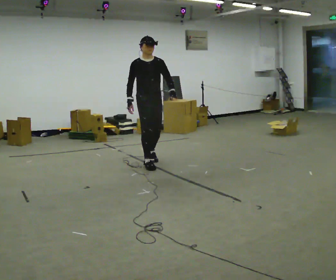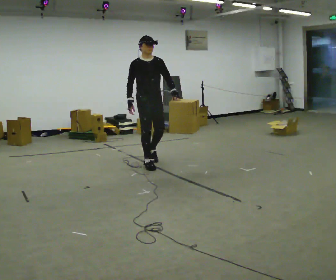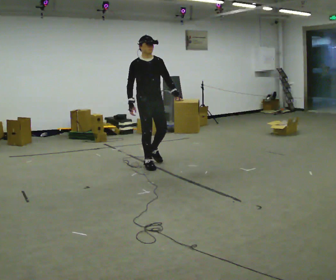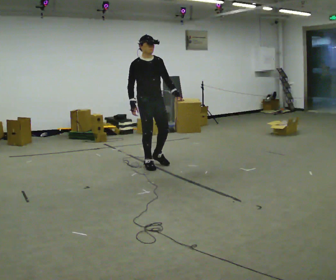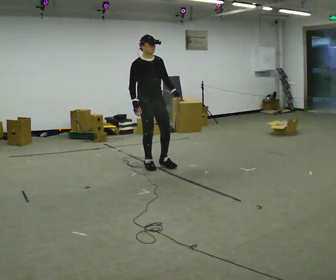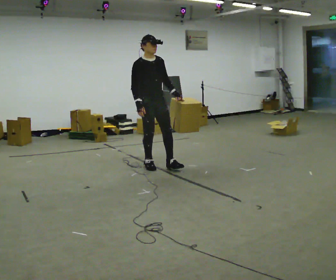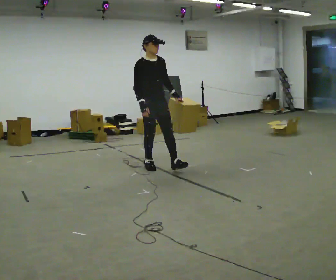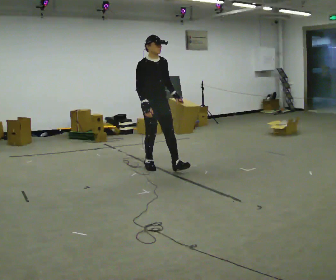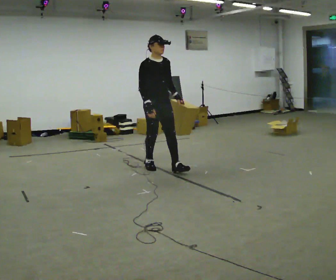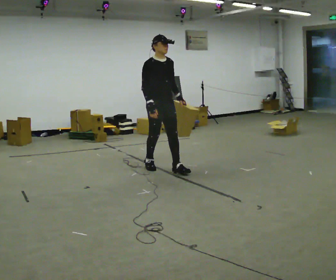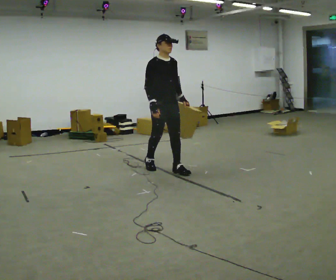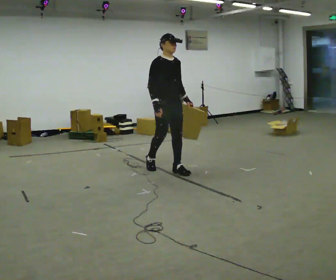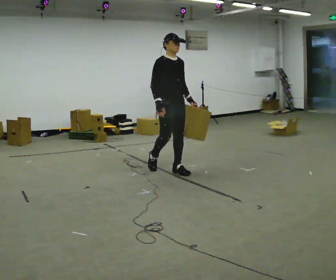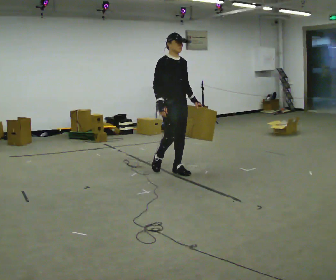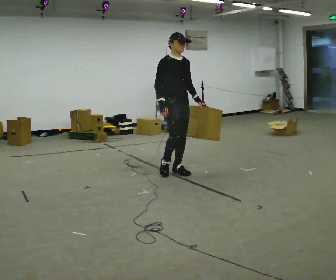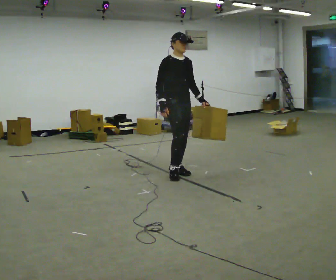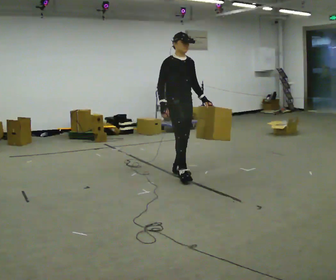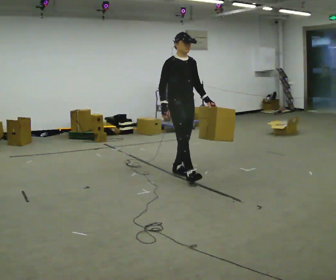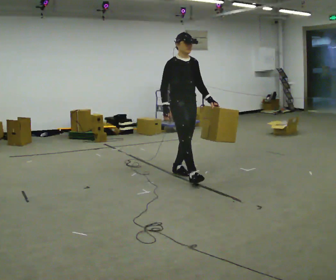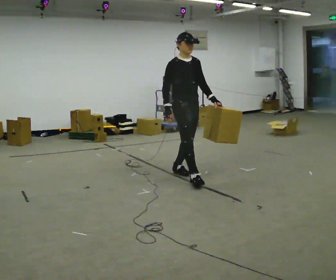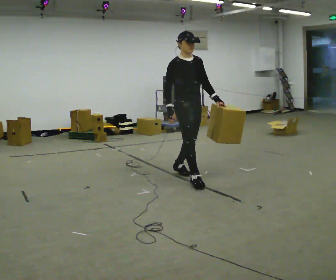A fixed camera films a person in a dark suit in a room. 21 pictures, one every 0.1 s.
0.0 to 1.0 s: In the picture they go toward the camera and to the right, about 0.5 m in 1 step, which for them is forward.
1.0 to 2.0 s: In the picture they go toward the camera and to the right, about 0.5 m in 1 step, which for them is forward.
The film runs forward here.
